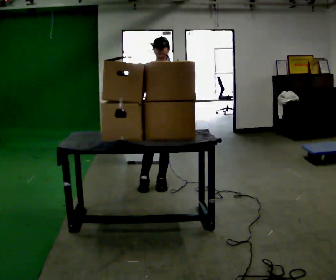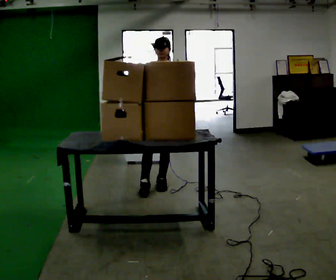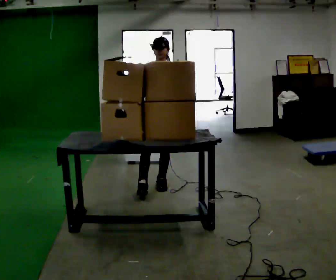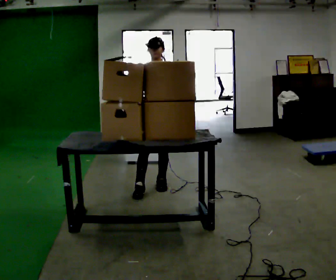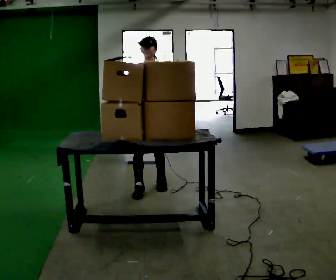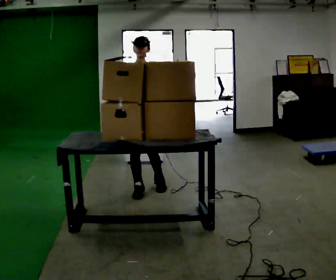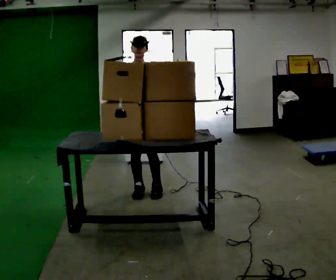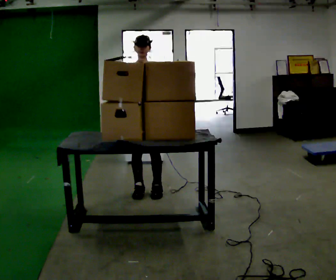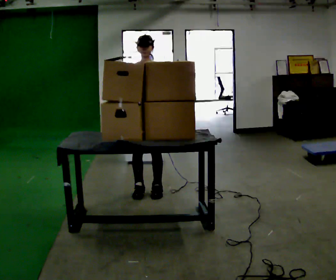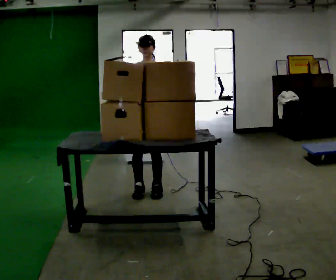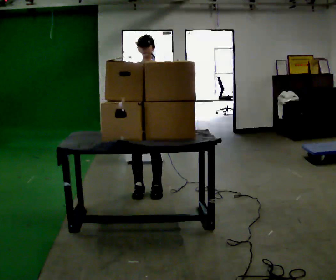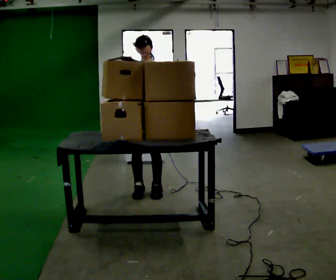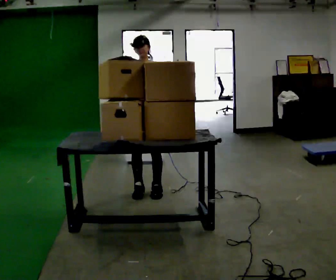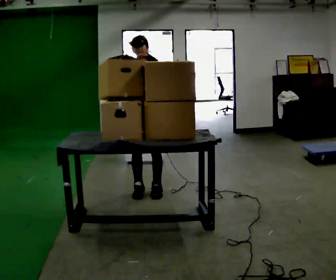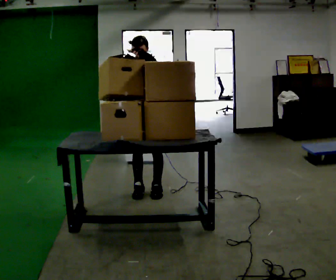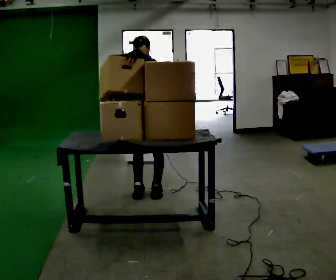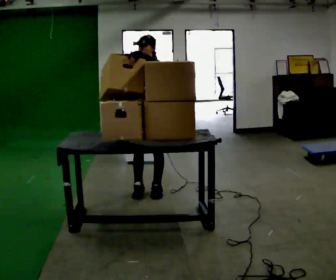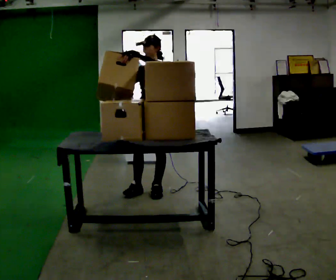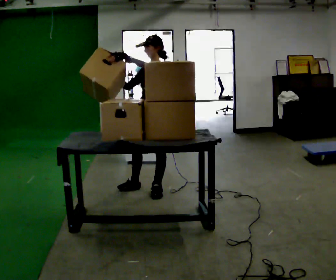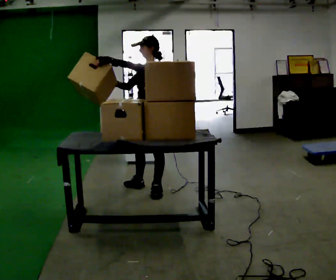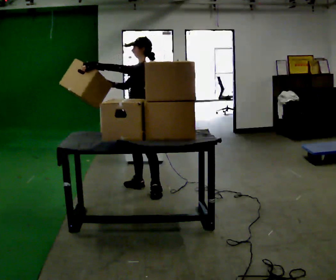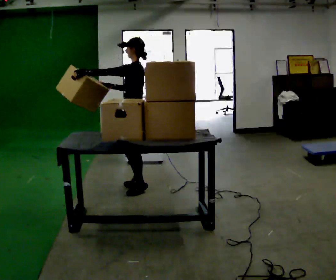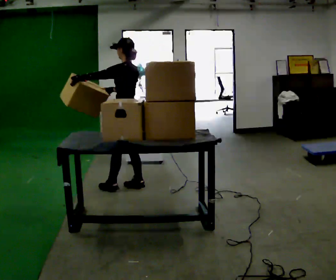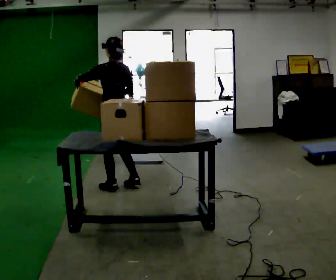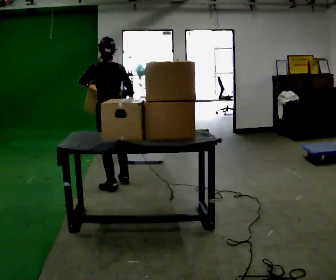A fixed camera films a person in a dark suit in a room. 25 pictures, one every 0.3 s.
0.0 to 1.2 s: The person moves a little, or ends about where they began.
1.2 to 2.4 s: In the picture their right hand goes upward.
2.4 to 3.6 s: The person moves a little, or ends about where they began.
3.6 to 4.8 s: In the picture their left hand goes upward.
4.8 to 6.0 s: Seen from above the body turns clockwise, about 45 degrees: to their right, with its near side sliding to the left. In the picture their left hand goes to the left.
6.0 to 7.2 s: The part of the body nearest the lens slides to the left as the person turns to their right by about 90 degrees. In the picture they go to the left, about 0.25 m in 1 step.
The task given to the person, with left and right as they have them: Move objects one at a time from the waist-height shelf at one end of the room to the waist-height shelf at the other end. Keep going until the operator says stop; one object at a time, and do not rush between trips.
The film runs forward here.
